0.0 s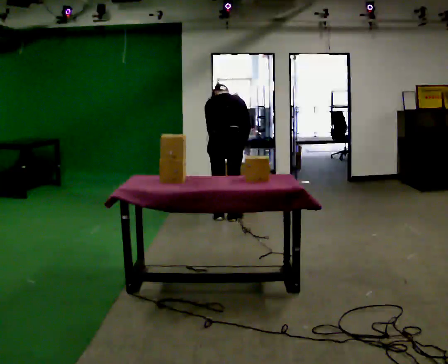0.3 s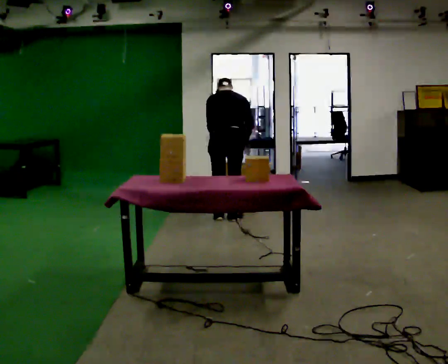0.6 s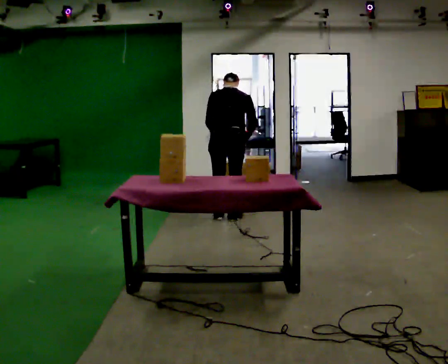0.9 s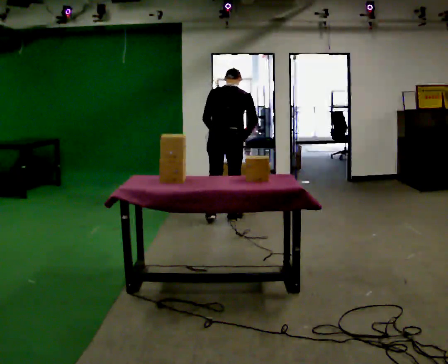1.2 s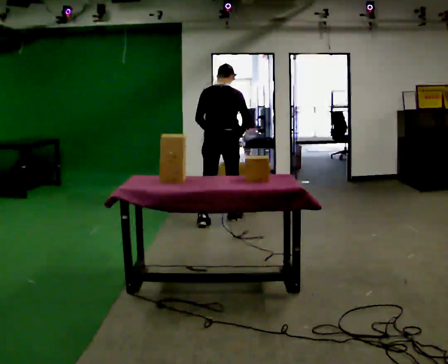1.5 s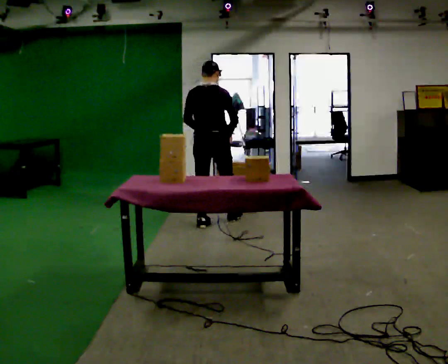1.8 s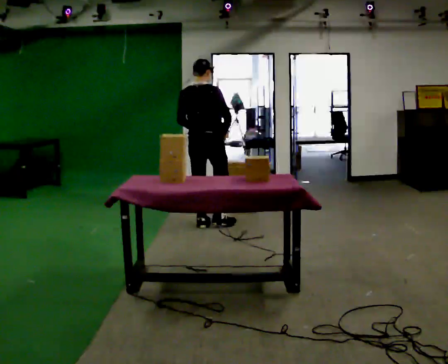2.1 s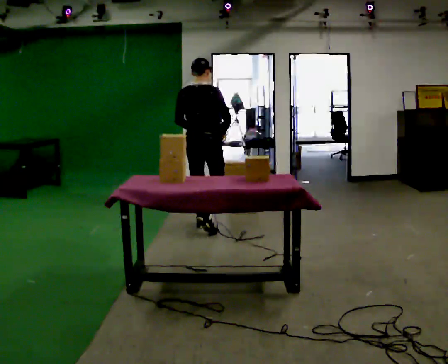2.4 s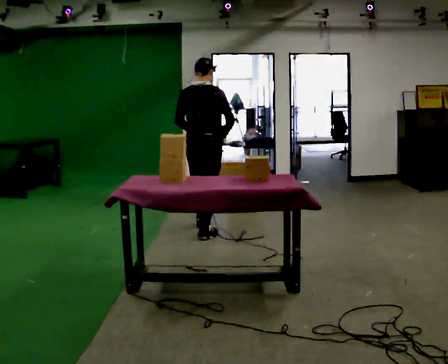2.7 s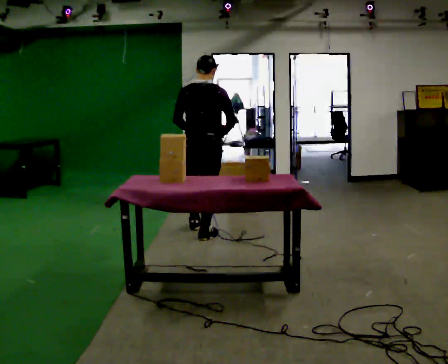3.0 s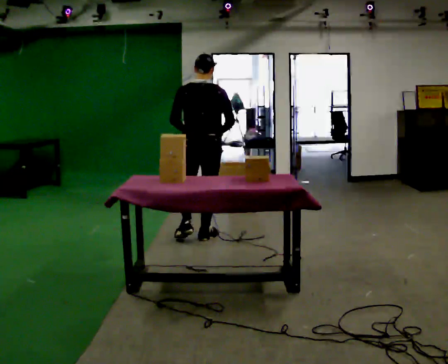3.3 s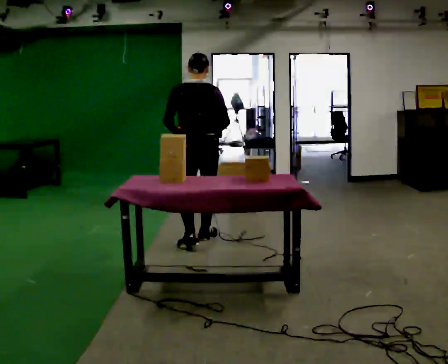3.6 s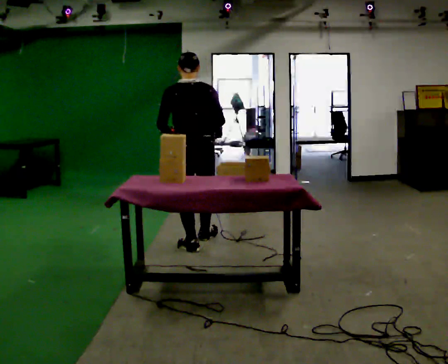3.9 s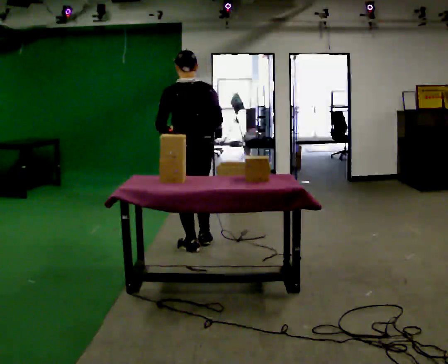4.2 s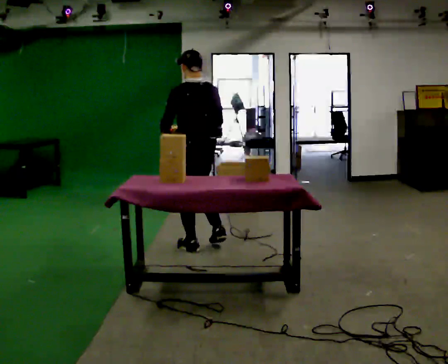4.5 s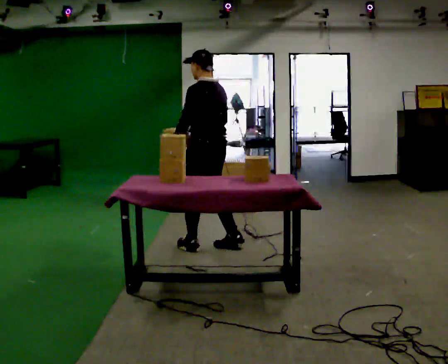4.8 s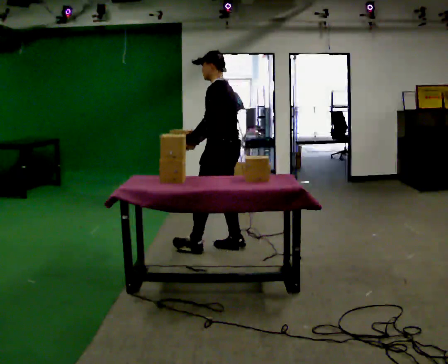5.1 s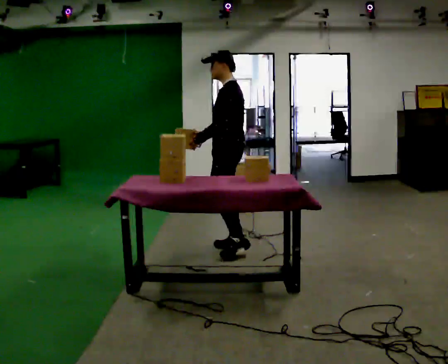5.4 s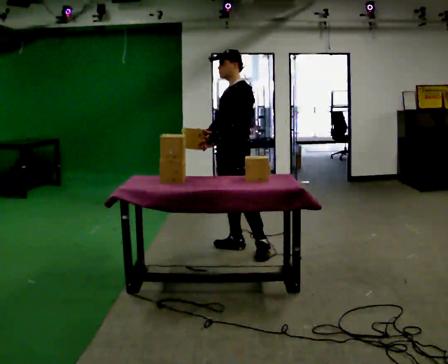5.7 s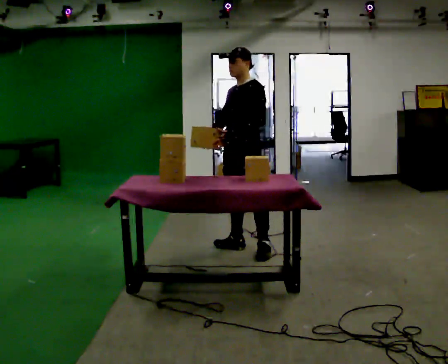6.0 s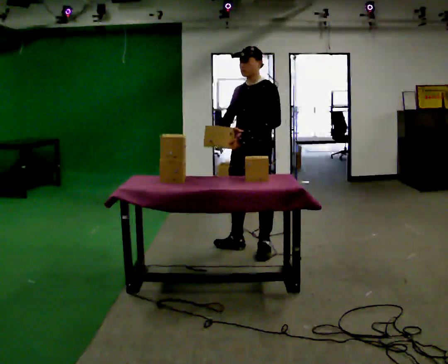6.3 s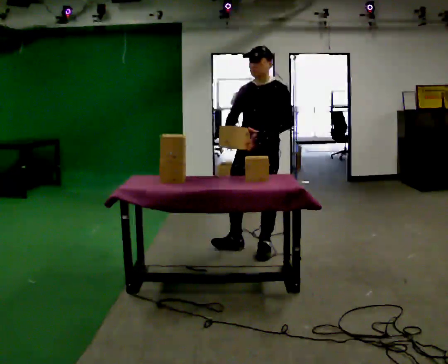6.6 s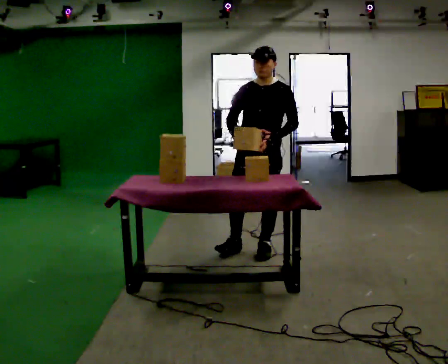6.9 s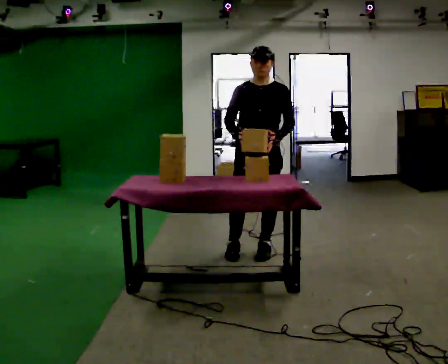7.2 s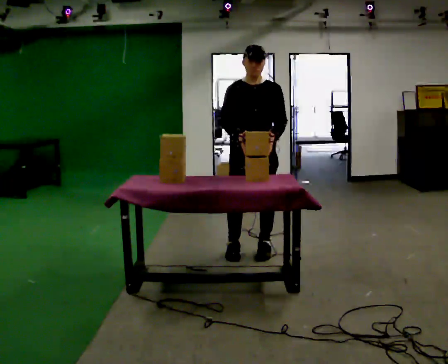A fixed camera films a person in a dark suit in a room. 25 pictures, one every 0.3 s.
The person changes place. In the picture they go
toward the camera.
The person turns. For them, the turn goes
to their left.
0.0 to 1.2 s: The upper body tips toward the camera, its near side rolling downward, as they lean back or straighten.
1.2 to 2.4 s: In the picture they go toward the camera and to the left, about 0.5 m in 1 step, which for them is backward.
2.4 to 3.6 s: The part of the body nearest the lens slides to the right as the person turns to their left by about 30 degrees. In the picture they go toward the camera, about 0.5 m in 1 step, which for them is backward.
3.6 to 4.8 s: The part of the body nearest the lens slides to the right as the person turns to their left by about 60 degrees. In the picture they go to the right, about 0.25 m in 2 steps, which for them is backward and to their right.
4.8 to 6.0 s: Seen from above the body turns counterclockwise, about 60 degrees: to their left, with its near side sliding to the right. In the picture they go to the right, about 0.25 m.
6.0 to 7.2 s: The person turns about 45 degrees to their left, counterclockwise seen from above, so the part of the body nearest the lens slides to the right.
The film runs backward here.
